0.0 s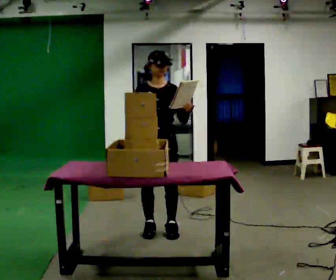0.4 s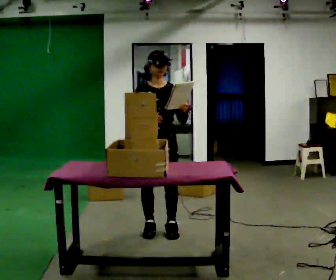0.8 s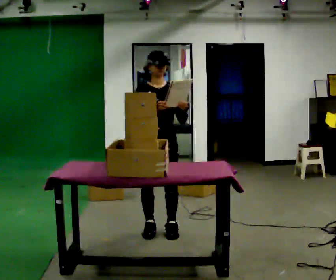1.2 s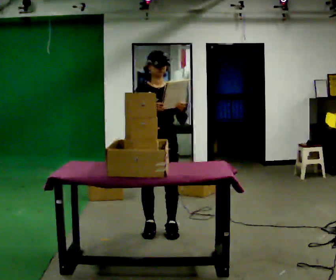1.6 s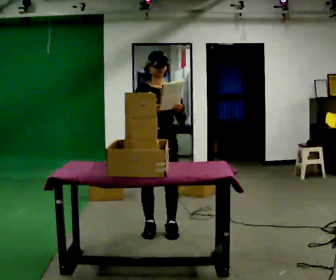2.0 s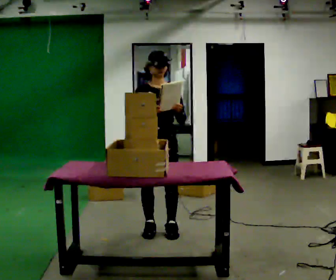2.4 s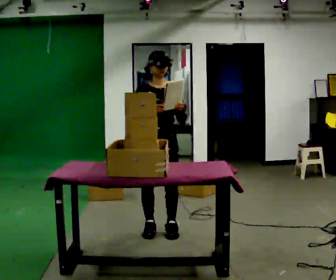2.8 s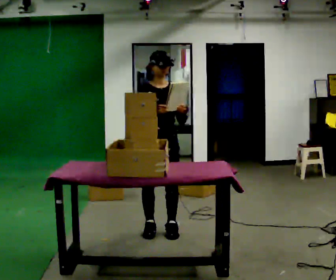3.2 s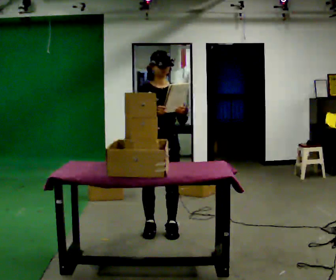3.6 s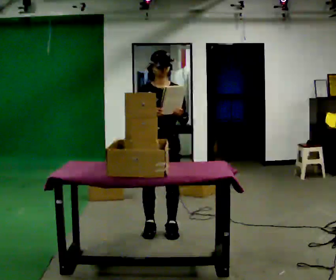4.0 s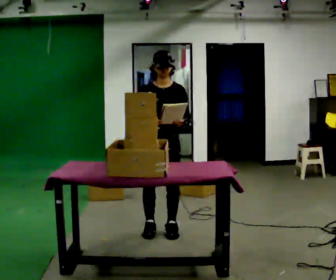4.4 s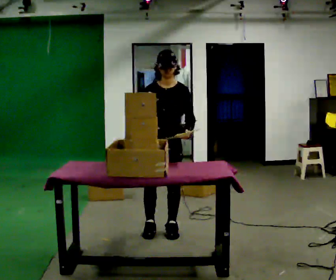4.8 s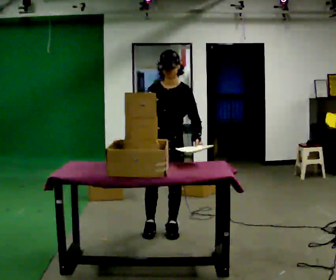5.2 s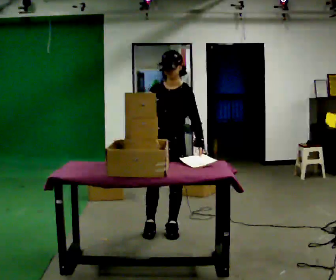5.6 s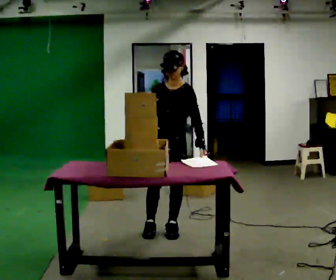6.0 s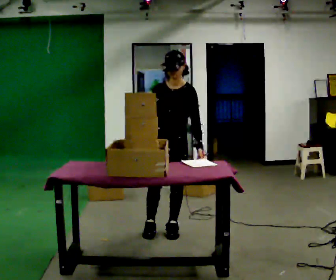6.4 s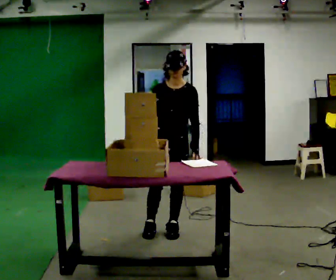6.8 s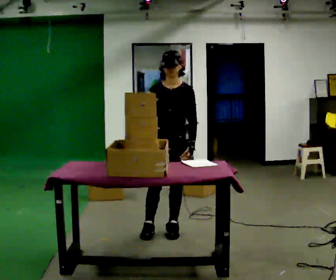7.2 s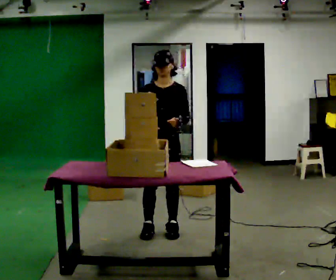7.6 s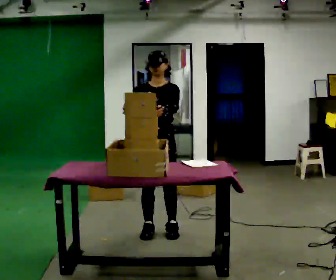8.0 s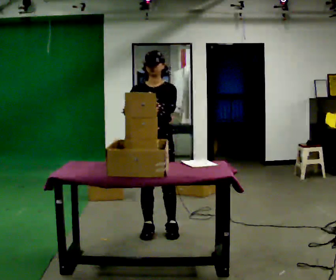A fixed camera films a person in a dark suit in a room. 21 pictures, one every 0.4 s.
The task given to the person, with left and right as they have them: 1. Take the objects out of the box on the table one at a time. 2. Put each one in the bin the operator has labelled for it. 3. Tell the operator when you are finished.
0.0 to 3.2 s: The person moves a little, or ends about where they began.
3.2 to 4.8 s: Seen from above the body turns clockwise, about 30 degrees: to their right, with its near side sliding to the left.
4.8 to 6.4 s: The person moves a little, or ends about where they began.
6.4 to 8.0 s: In the picture their left hand goes upward.
The film runs forward here.
